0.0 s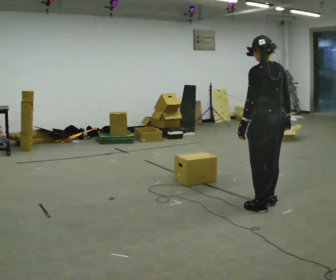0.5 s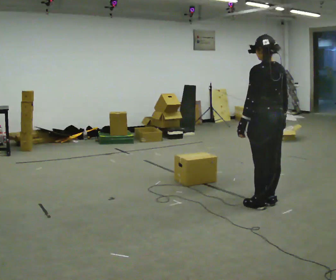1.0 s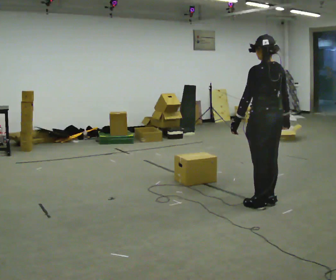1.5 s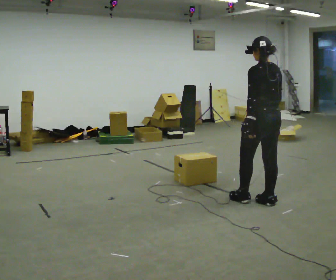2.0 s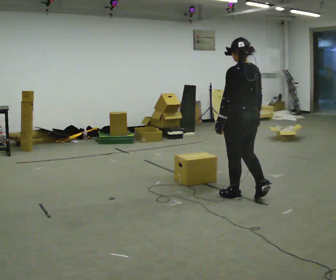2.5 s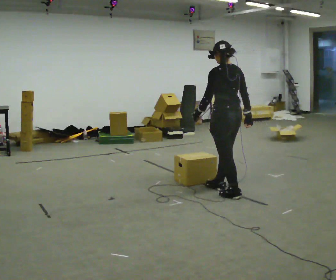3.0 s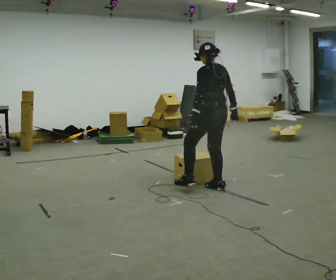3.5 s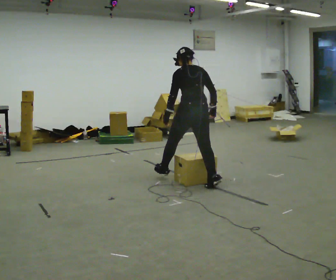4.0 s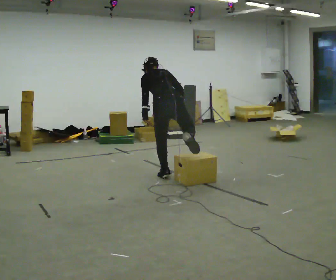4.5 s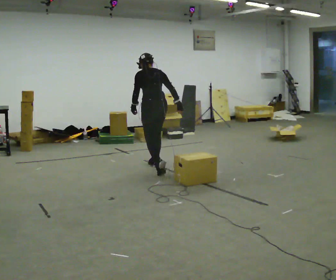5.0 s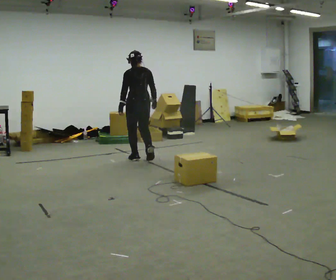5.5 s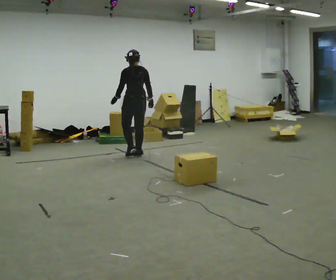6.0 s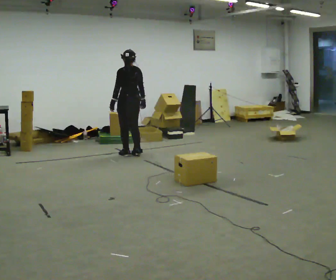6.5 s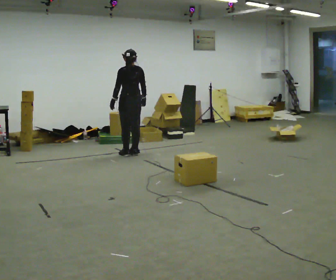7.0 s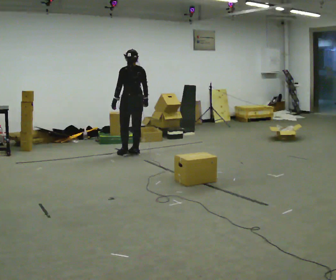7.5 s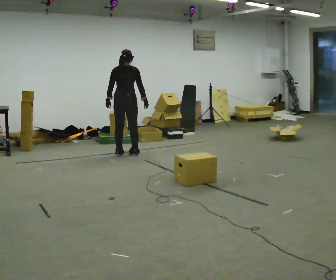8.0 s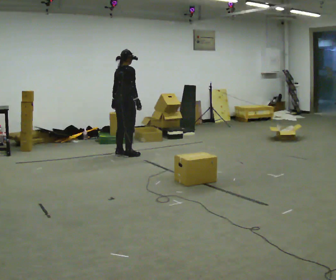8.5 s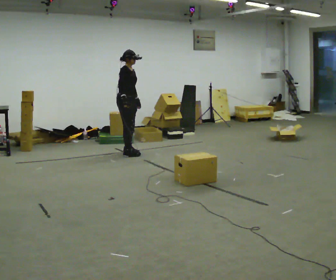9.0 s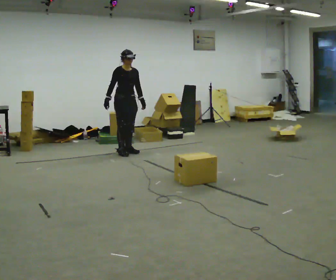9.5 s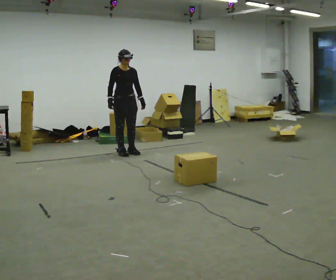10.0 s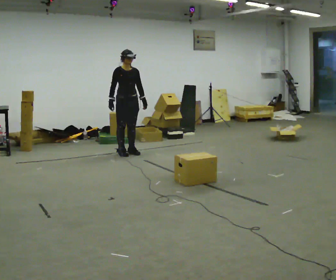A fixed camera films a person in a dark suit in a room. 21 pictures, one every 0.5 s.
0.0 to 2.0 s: In the picture they go away from the camera and to the left, about 0.25 m in 1 step, which for them is forward.
2.0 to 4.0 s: In the picture they go away from the camera and to the left, about 1 m in 2 steps, which for them is forward. The upper body tips away from the camera, its near side rolling upward, as they bend forward.
4.0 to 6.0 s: In the picture they go away from the camera and to the left, about 1.5 m in 4 steps, which for them is forward. The upper body tips toward the camera, its near side rolling downward, as they lean back or straighten.
6.0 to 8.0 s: The part of the body nearest the lens slides to the left as the person turns to their right by about 90 degrees.
8.0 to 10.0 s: The part of the body nearest the lens slides to the left as the person turns to their right by about 105 degrees. In the picture their left hand goes to the right, the arm swinging counterclockwise.
The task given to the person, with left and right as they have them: Walk back and forth across the room at a normal pace, looking ahead. There may be something on the floor. Recover however comes naturally and carry on.
The film runs forward here.
